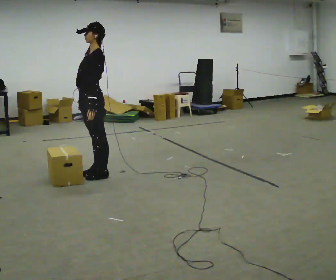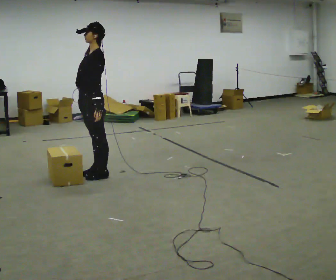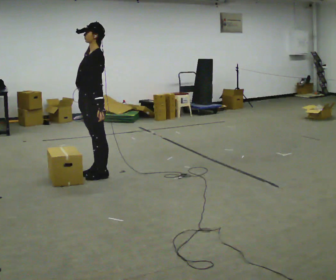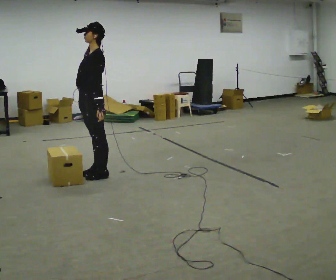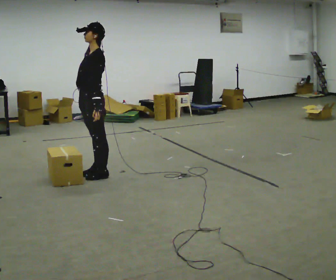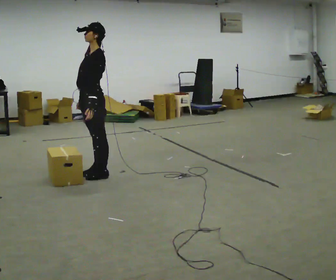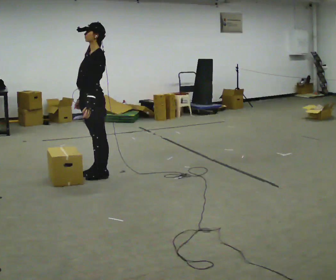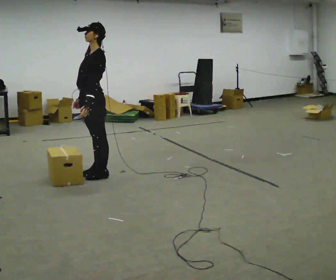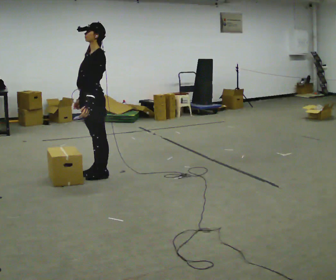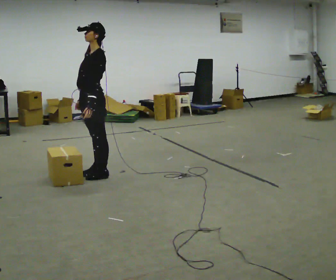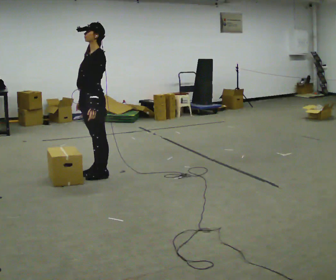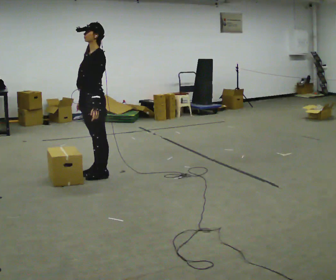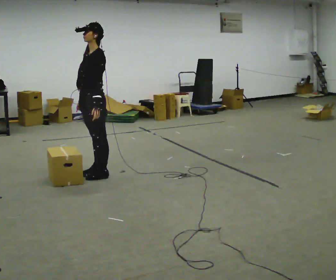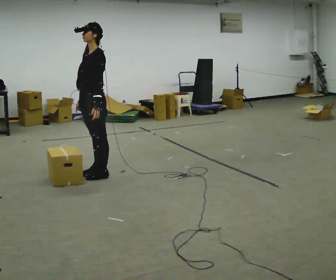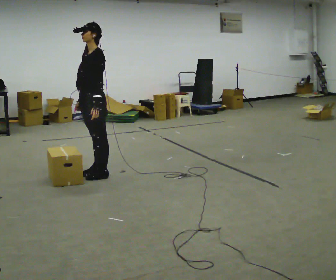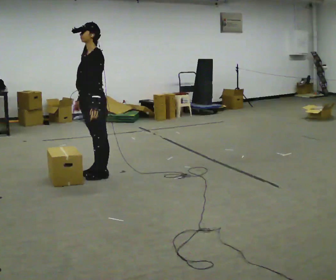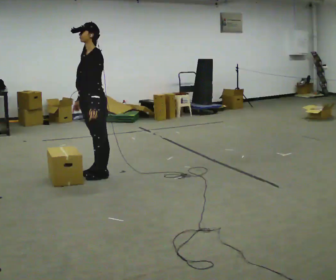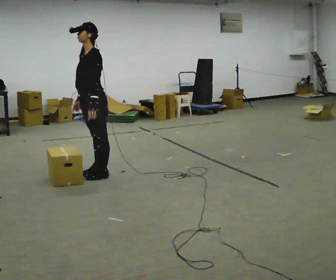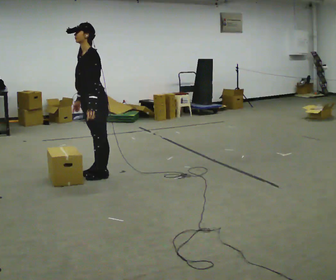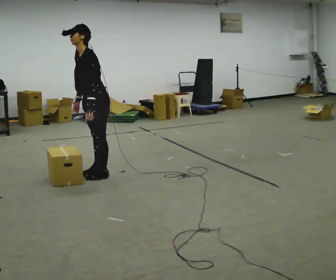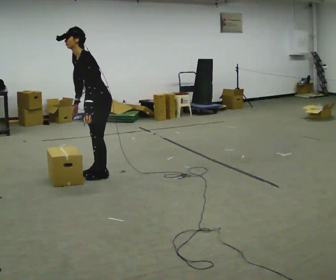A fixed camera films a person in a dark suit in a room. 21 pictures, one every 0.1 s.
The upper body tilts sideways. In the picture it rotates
counterclockwise.
0.0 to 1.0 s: The person moves a little, or ends about where they began.
1.0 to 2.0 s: In the picture the upper body tilts counterclockwise, shoulders to the left, as they bend forward.
The film runs forward here.
